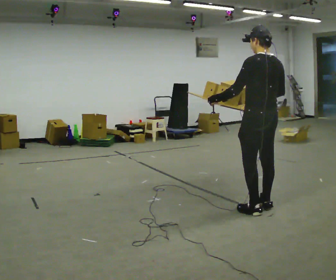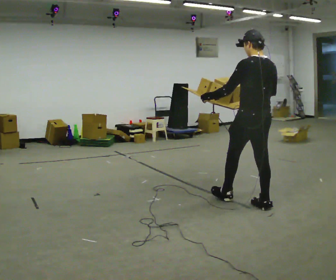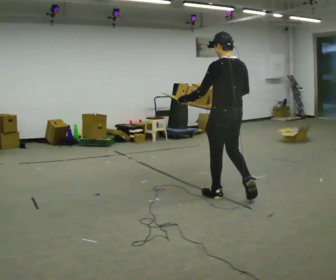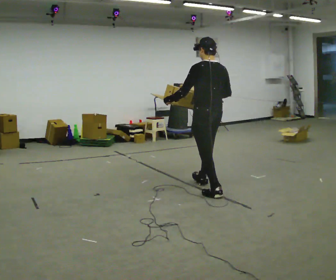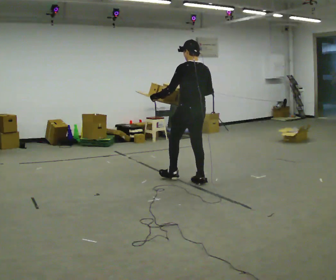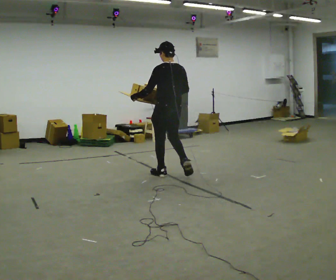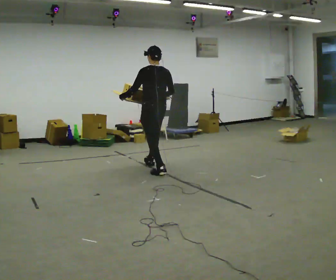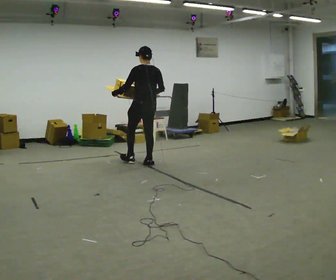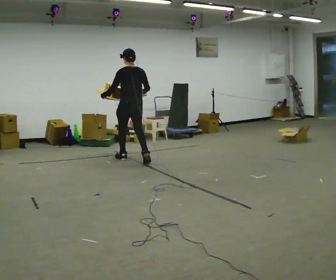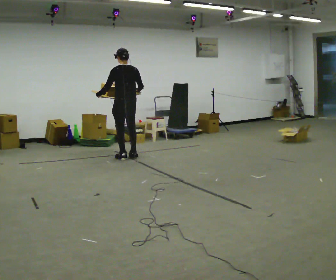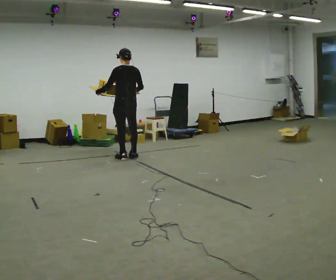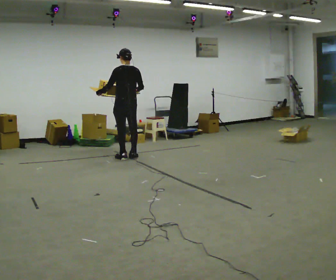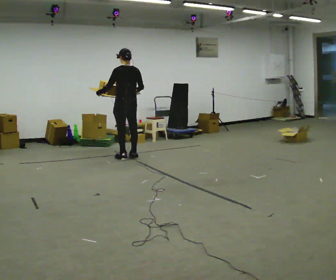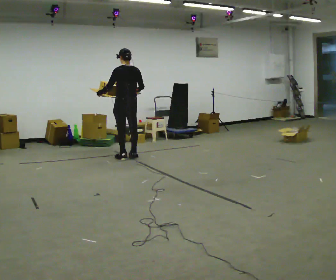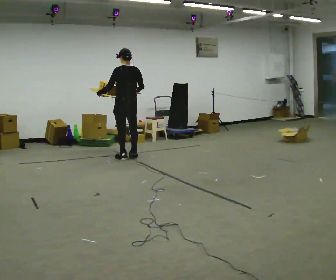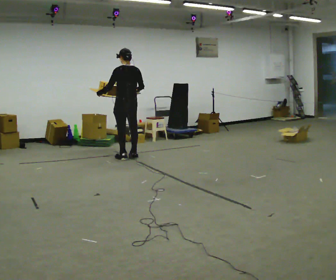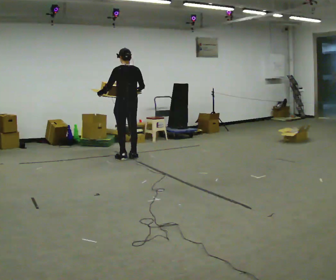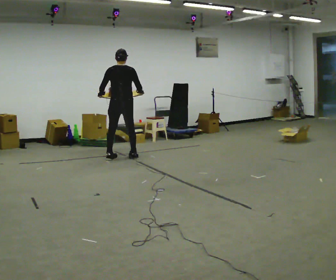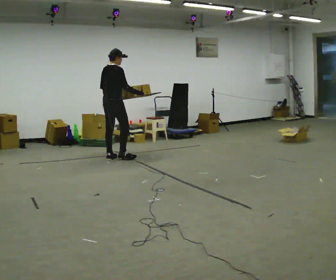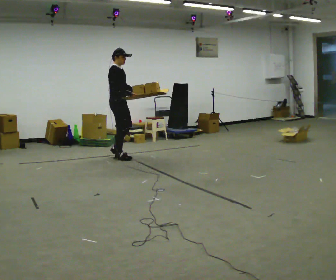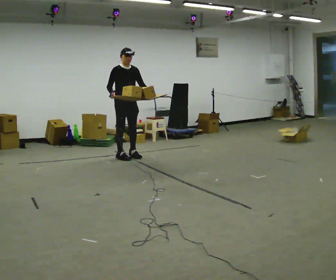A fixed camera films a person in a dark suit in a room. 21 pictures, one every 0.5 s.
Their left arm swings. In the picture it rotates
counterclockwise.
The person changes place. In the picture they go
away from the camera.
0.0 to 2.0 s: In the picture they go away from the camera and to the left, about 1.5 m in 2 steps, which for them is forward.
2.0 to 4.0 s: In the picture they go away from the camera and to the left, about 1.5 m in 3 steps, which for them is forward.
4.0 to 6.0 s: In the picture they go away from the camera, about 0.25 m in 1 step, which for them is forward.
6.0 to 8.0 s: The person moves a little, or ends about where they began.
8.0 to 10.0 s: The part of the body nearest the lens slides to the left as the person turns to their right by about 180 degrees. In the picture their left hand goes to the right, the arm swinging counterclockwise.
The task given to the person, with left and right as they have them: Carry the loaded tray flat and level in both hands, walking back and forth across the room. Try not to let anything slide off.
The film runs forward here.
